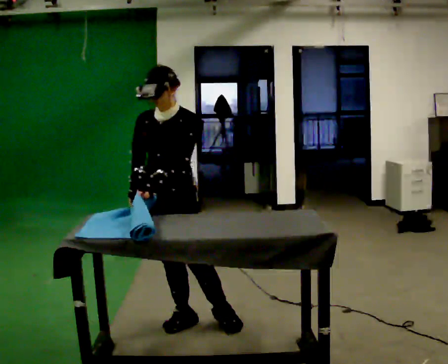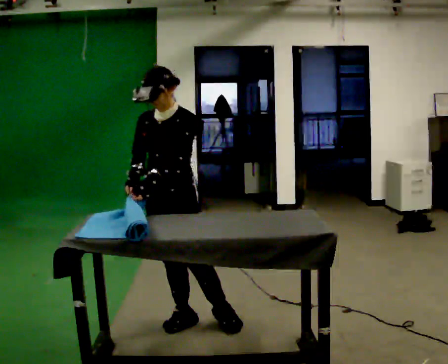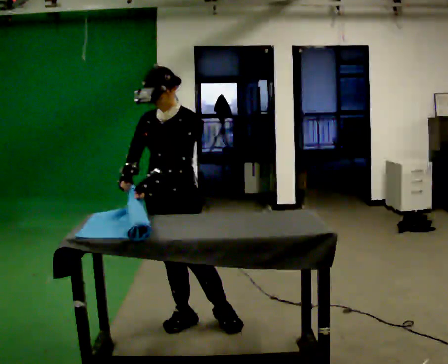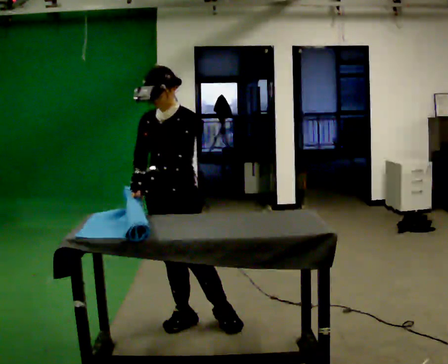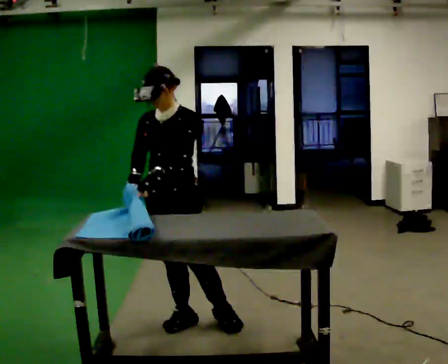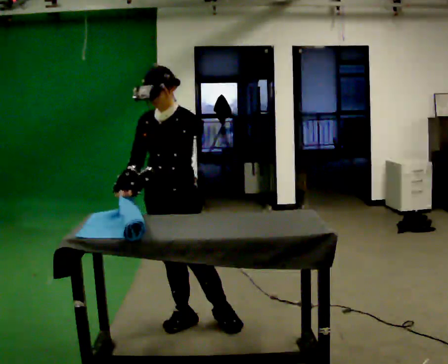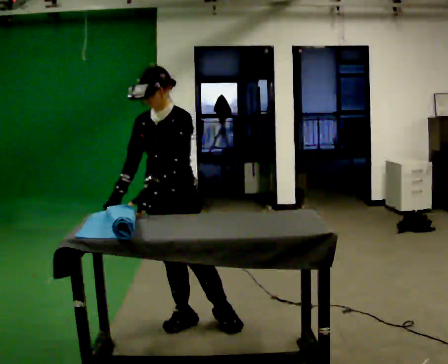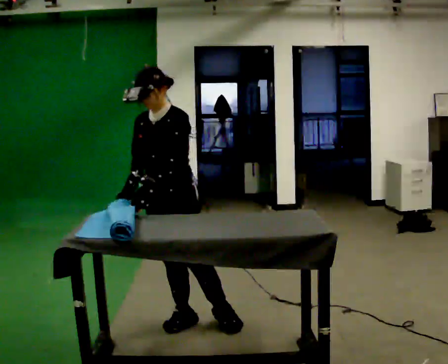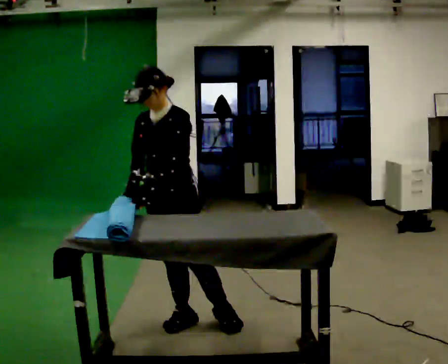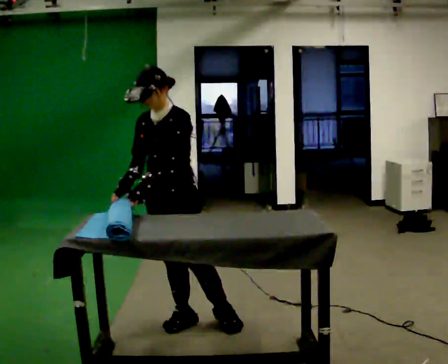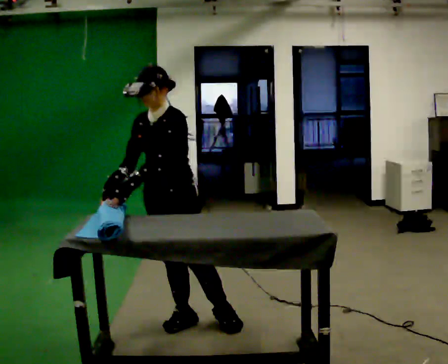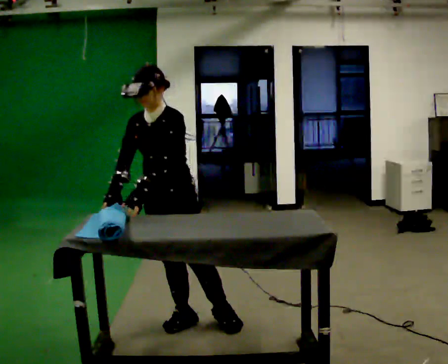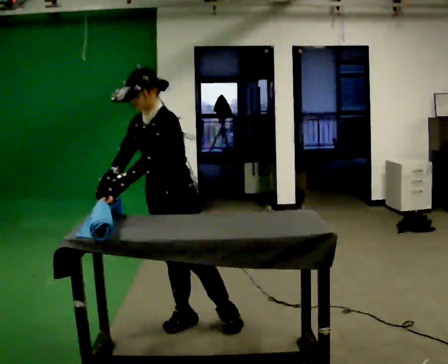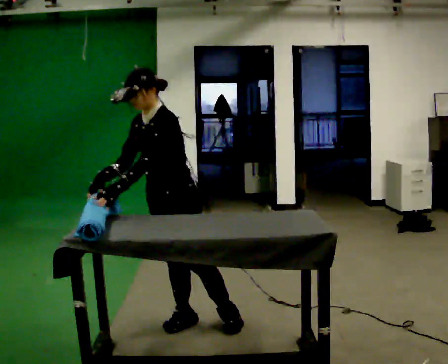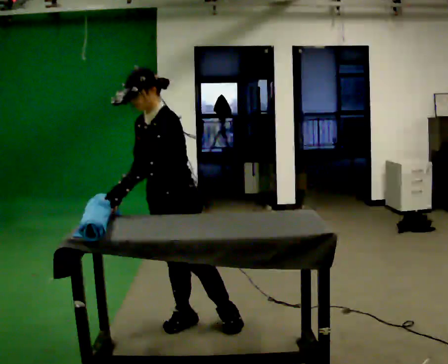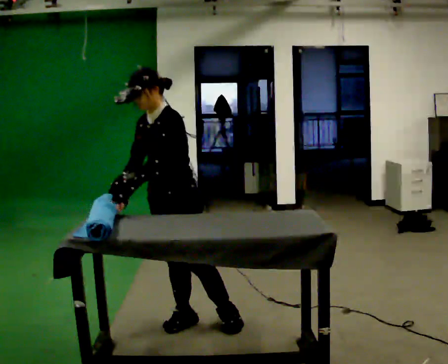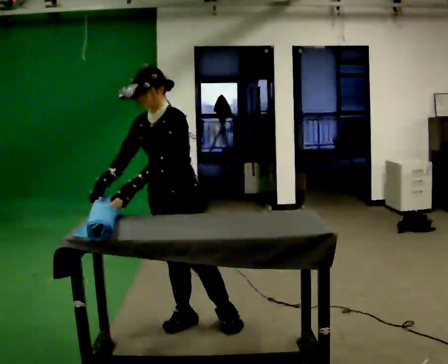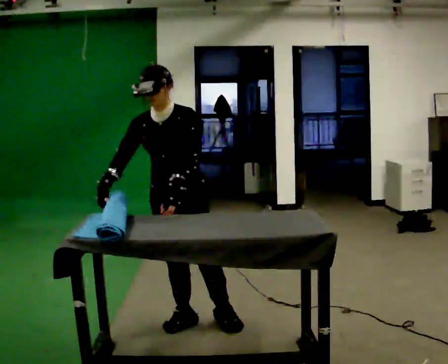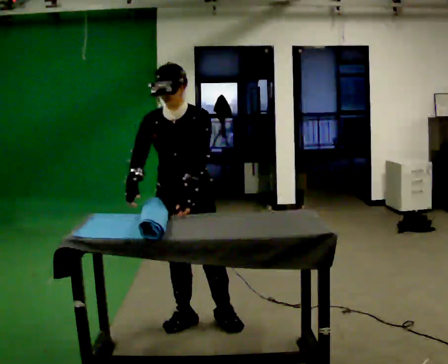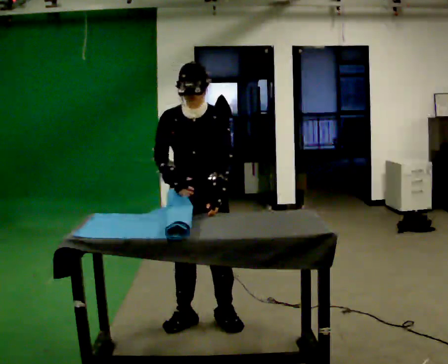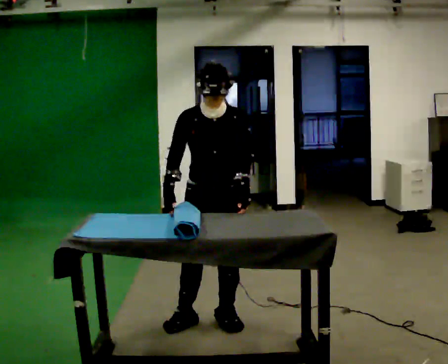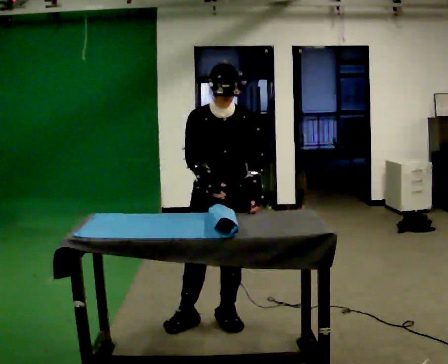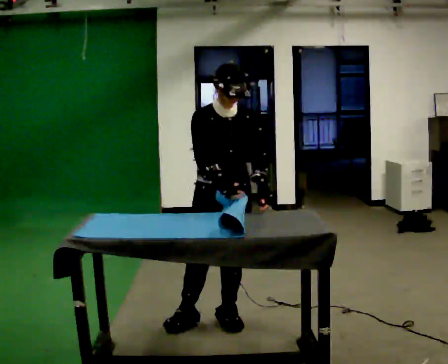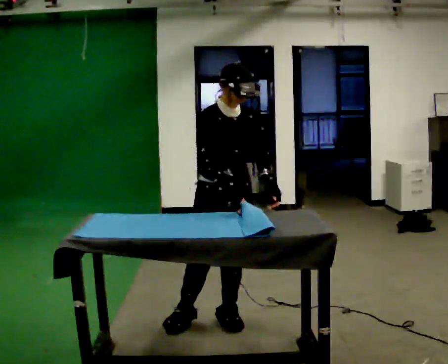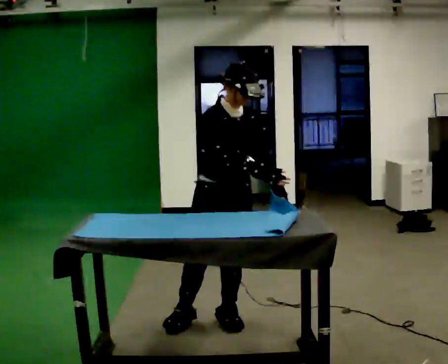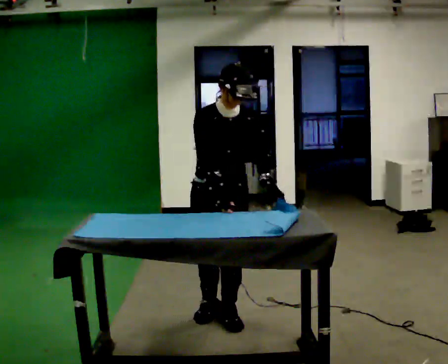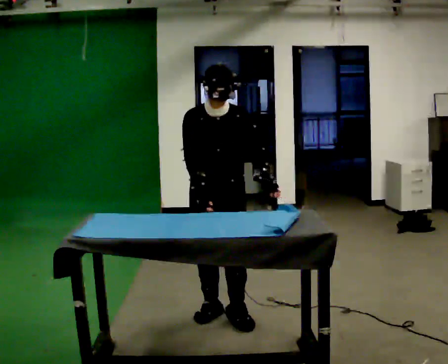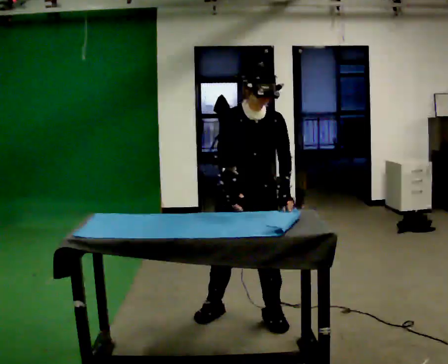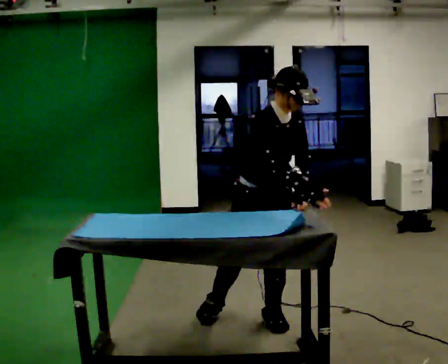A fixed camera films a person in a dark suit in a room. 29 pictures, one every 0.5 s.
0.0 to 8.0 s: The person moves a little, or ends about where they began.
8.0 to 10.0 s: Seen from above the body turns counterclockwise, about 45 degrees: to their left, with its near side sliding to the right. In the picture they go to the right, about 0.25 m, which for them is to their left. In the picture the upper body tilts clockwise, shoulders to the right. In the picture their left hand goes to the right, the arm swinging counterclockwise.
10.0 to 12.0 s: In the picture their right hand goes to the right.
12.0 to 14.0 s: In the picture they go to the right, about 0.25 m in 2 steps, which for them is to their left.
The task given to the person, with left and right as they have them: Roll the mat up from one end, then unroll it again. Repeat at your own pace until the operator says stop.
The film runs forward here.
